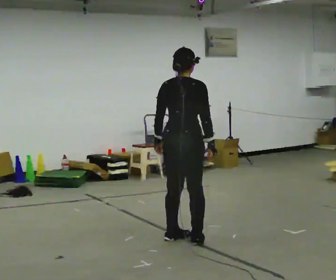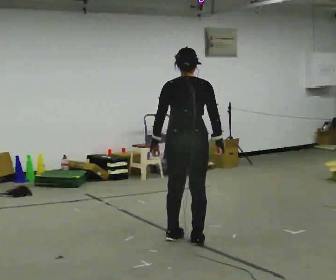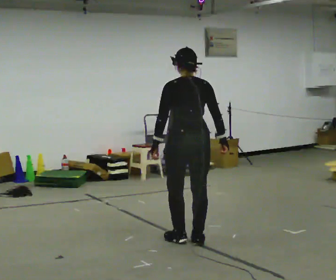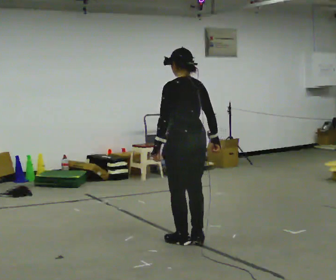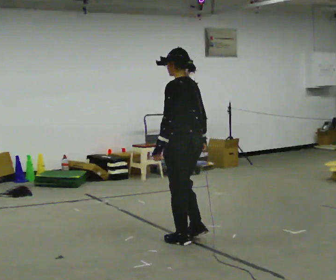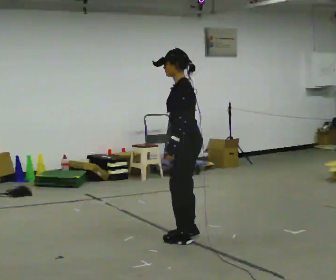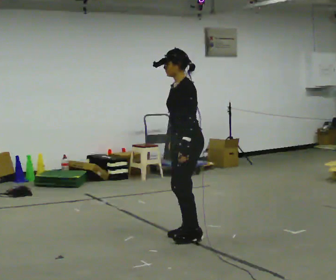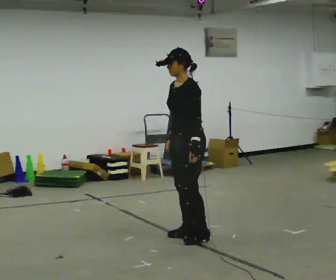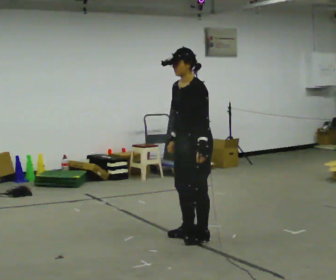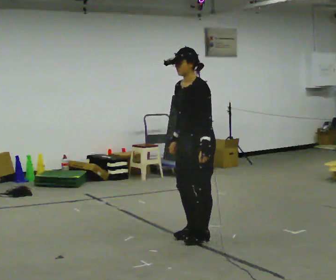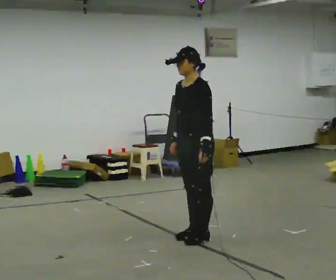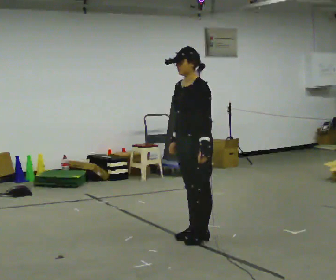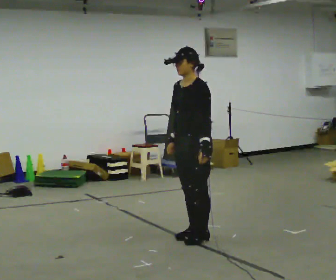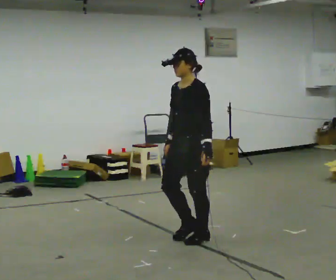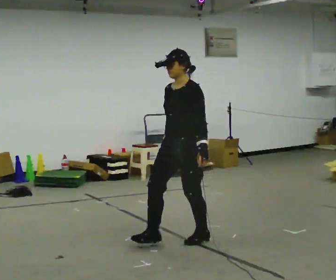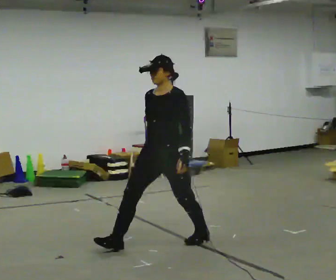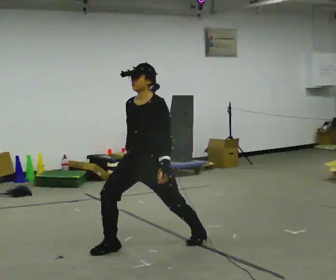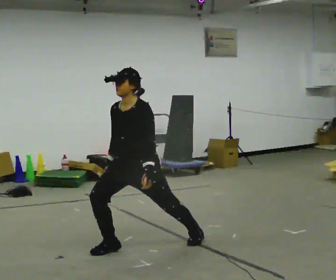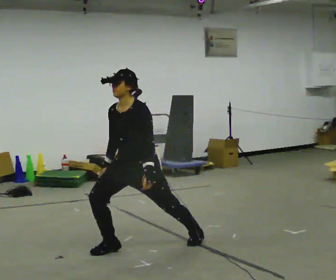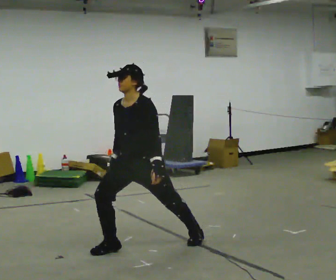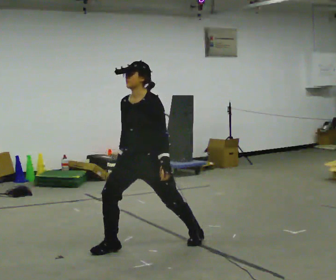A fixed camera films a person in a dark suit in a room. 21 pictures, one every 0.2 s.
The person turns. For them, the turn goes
to their left.
The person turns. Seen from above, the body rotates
counterclockwise.
0.0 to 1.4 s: The person turns about 135 degrees to their left, counterclockwise seen from above, so the part of the body nearest the lens slides to the right. In the picture their left hand goes to the right.
1.4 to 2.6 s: The person moves a little, or ends about where they began.
2.6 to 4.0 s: In the picture they go to the left, about 0.25 m in 1 step, which for them is forward and to their right.
The film runs forward here.
